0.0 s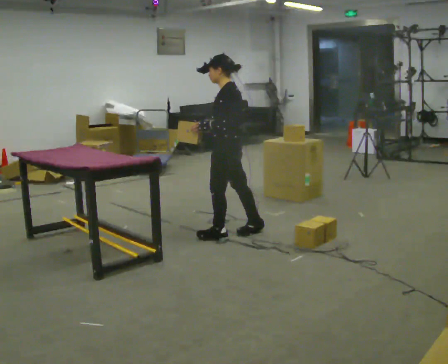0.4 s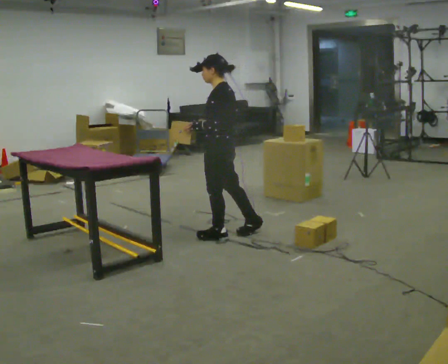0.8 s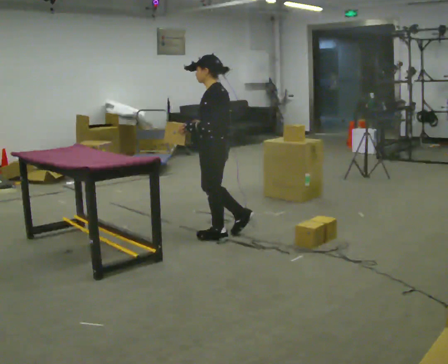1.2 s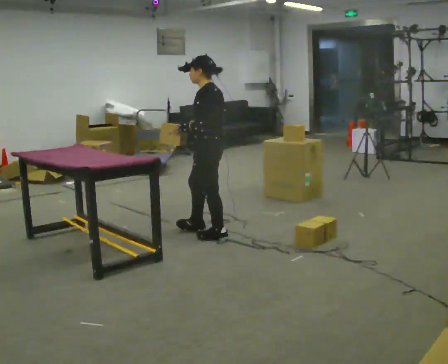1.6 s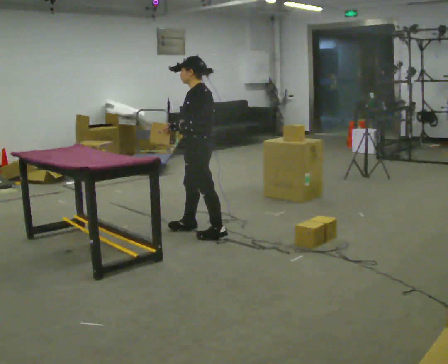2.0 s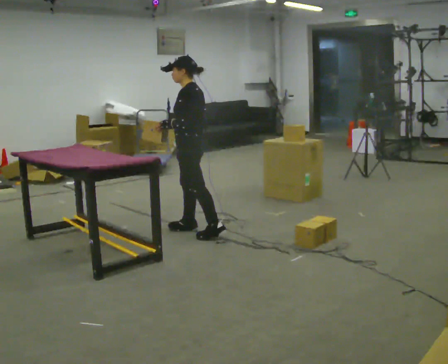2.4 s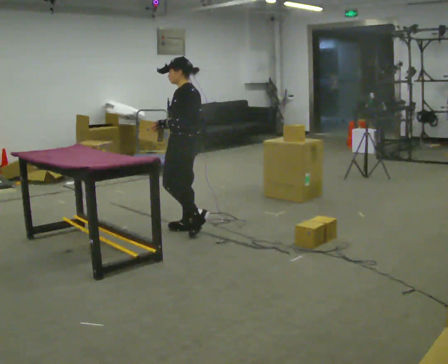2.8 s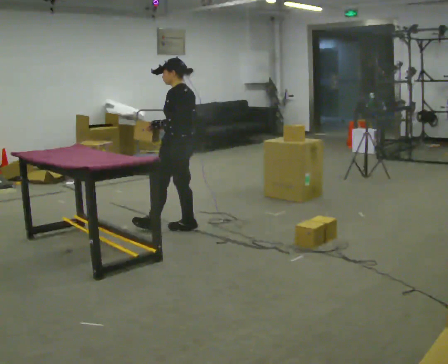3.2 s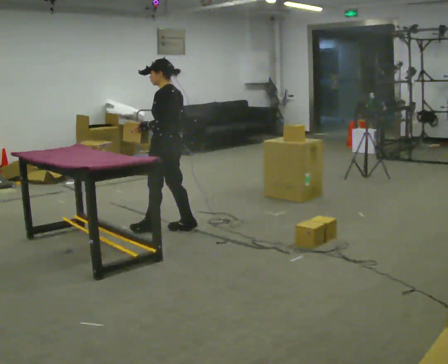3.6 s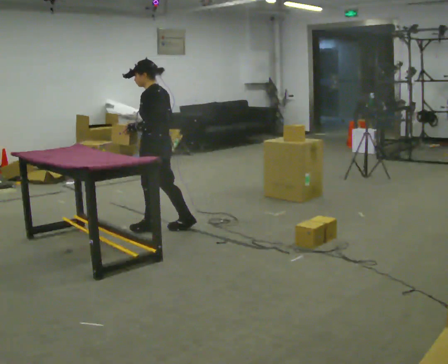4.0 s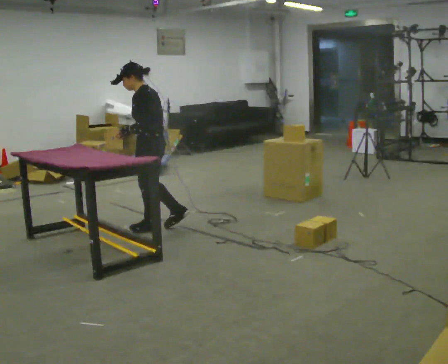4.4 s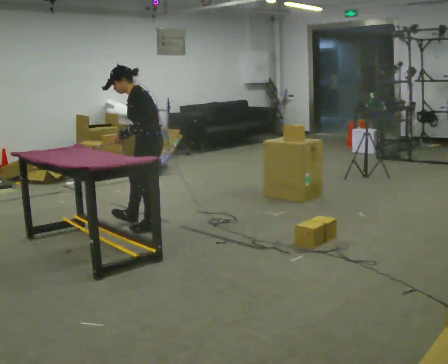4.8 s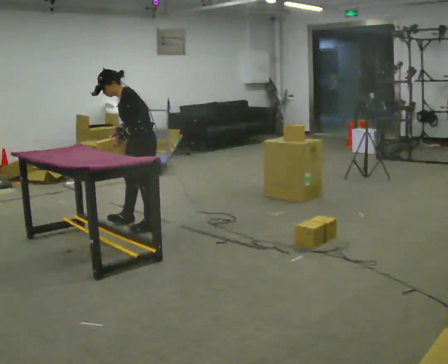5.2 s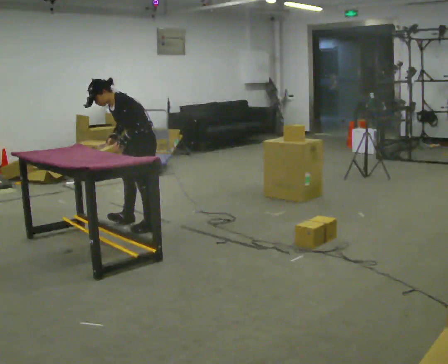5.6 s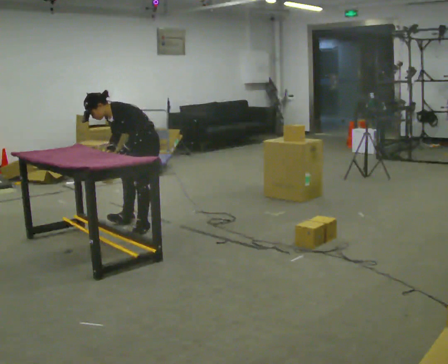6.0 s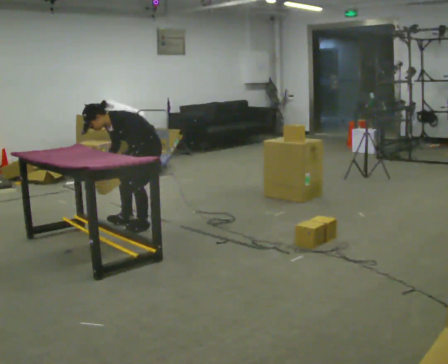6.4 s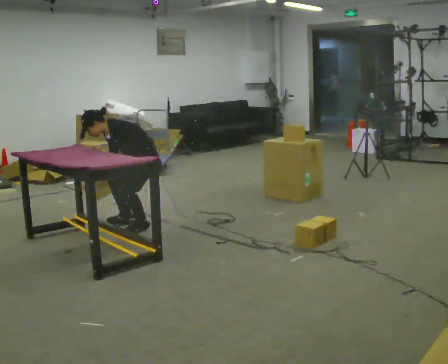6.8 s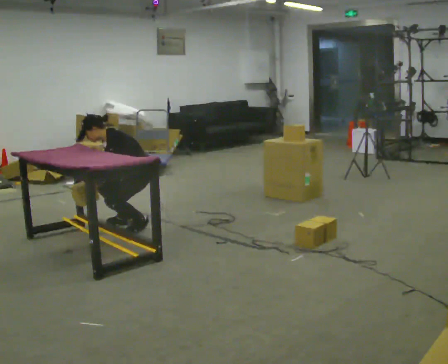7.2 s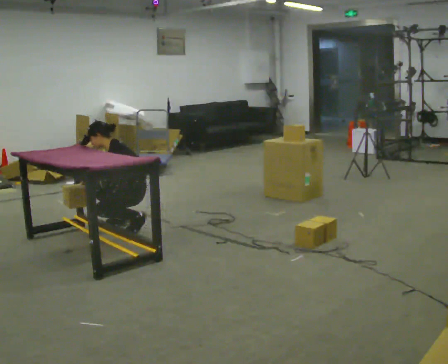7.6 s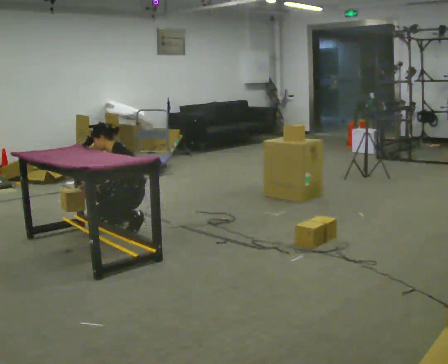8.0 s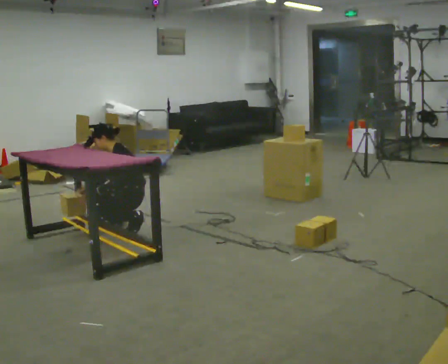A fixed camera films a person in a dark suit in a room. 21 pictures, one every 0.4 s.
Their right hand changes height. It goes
downward.
Their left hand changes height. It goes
downward.
0.0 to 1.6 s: In the picture they go to the left, about 0.25 m in 1 step, which for them is forward.
1.6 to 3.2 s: In the picture they go away from the camera and to the left, about 0.25 m in 1 step, which for them is forward.
3.2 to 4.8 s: Seen from above the body turns counterclockwise, about 30 degrees: to their left, with its near side sliding to the right. In the picture they go away from the camera and to the left, about 0.25 m in 1 step, which for them is forward. In the picture the upper body tilts counterclockwise, shoulders to the left, as they bend forward.
4.8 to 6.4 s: The upper body goes downward. In the picture the upper body tilts counterclockwise, shoulders to the left, as they bend forward. In the picture their right hand goes downward.
6.4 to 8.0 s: The upper body goes downward. In the picture the upper body tilts clockwise, shoulders to the right, as they lean back or straighten.
The film runs forward here.
